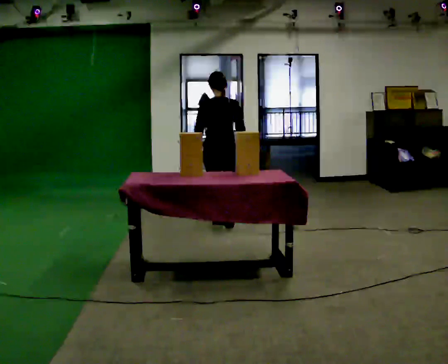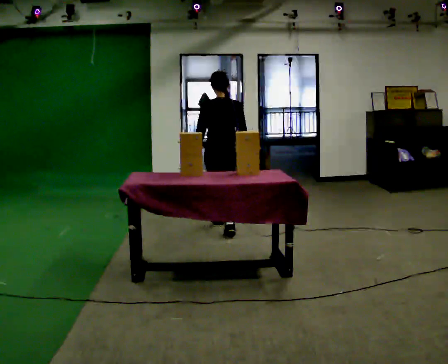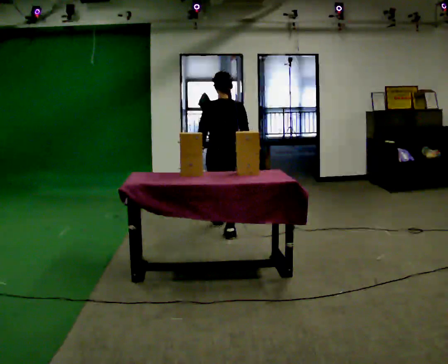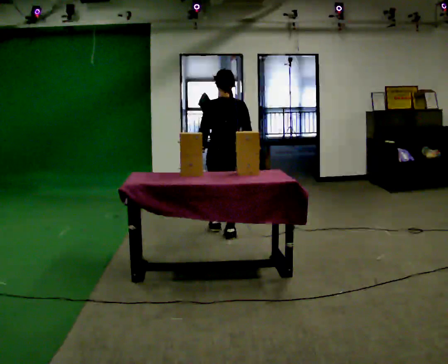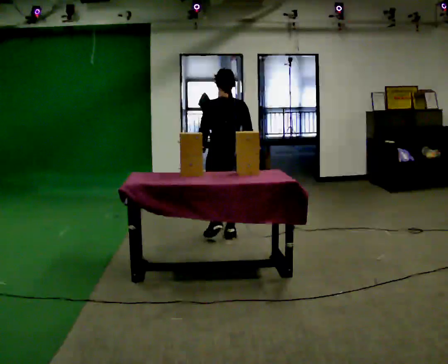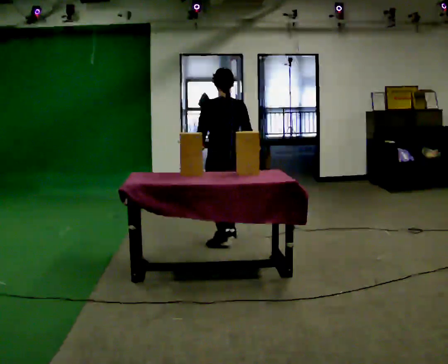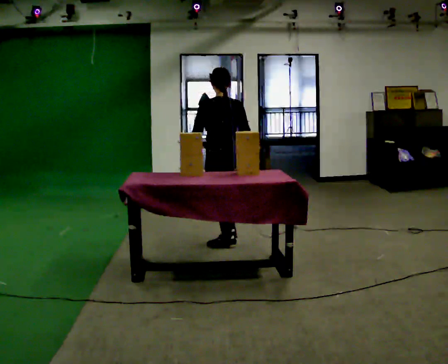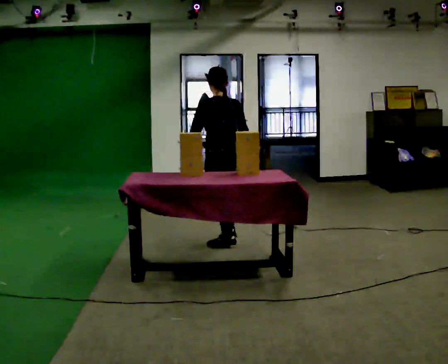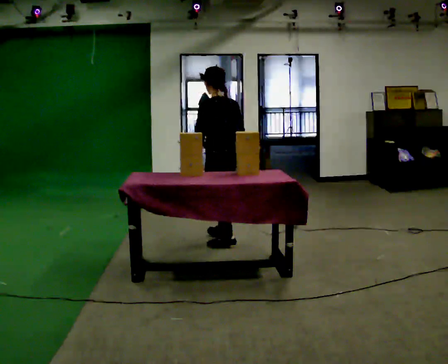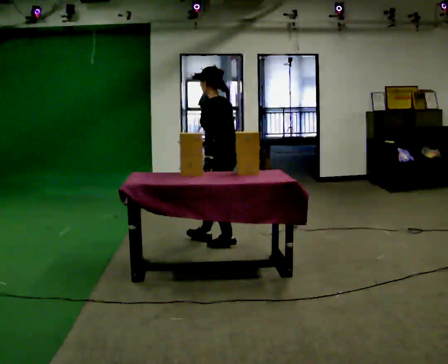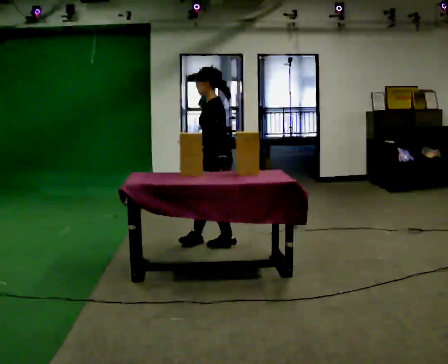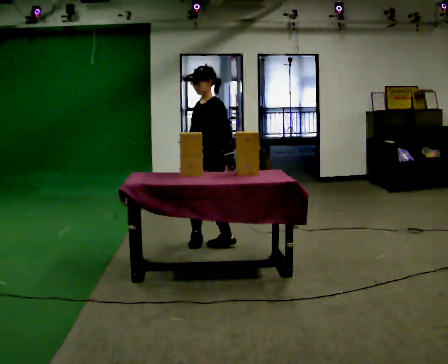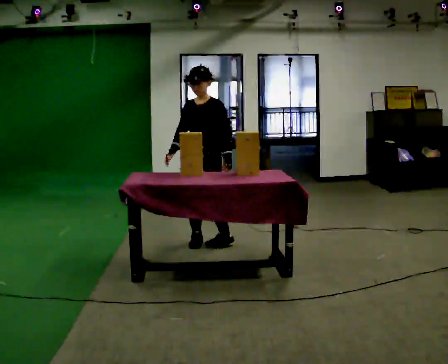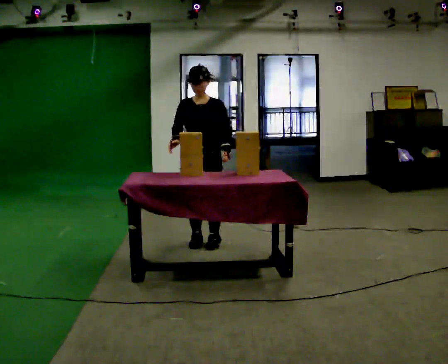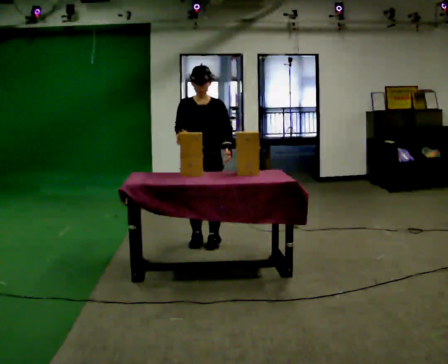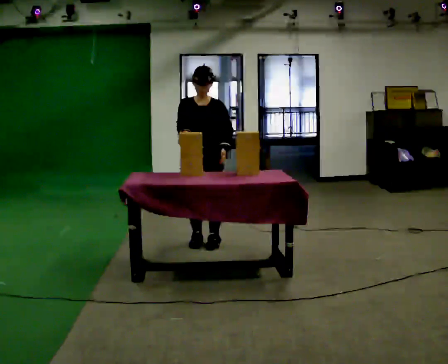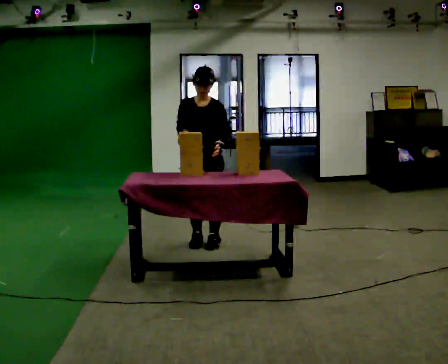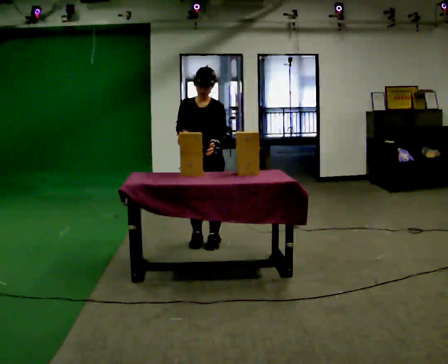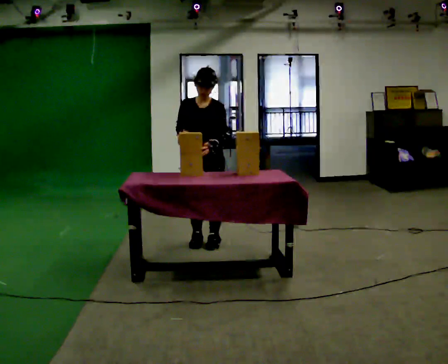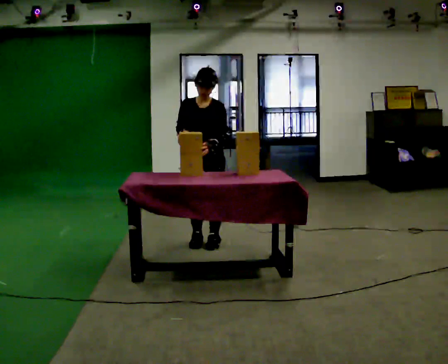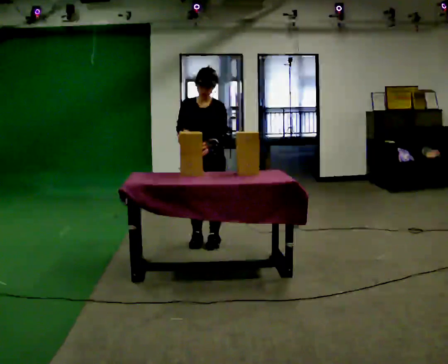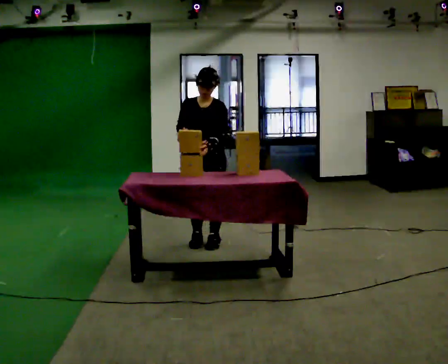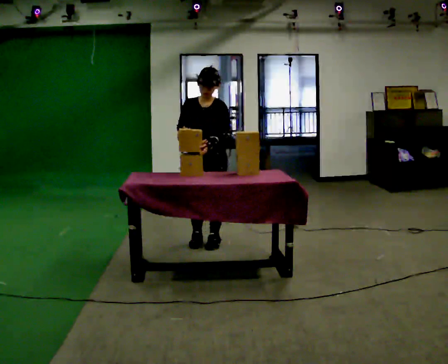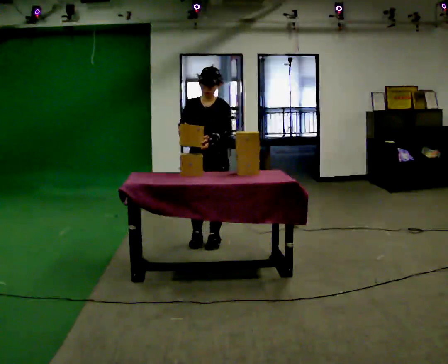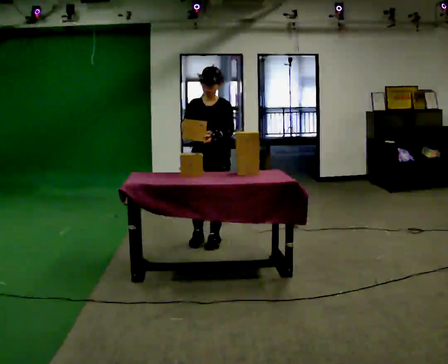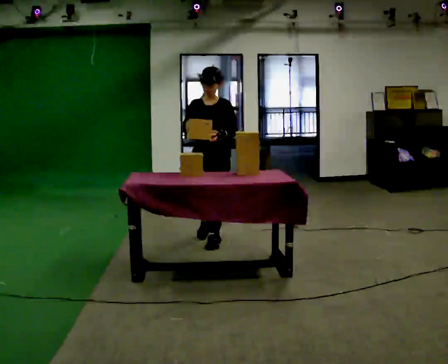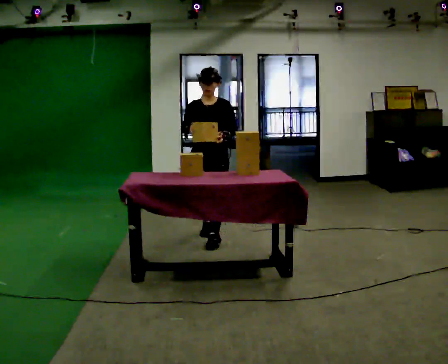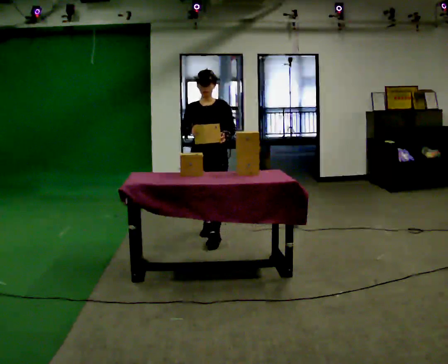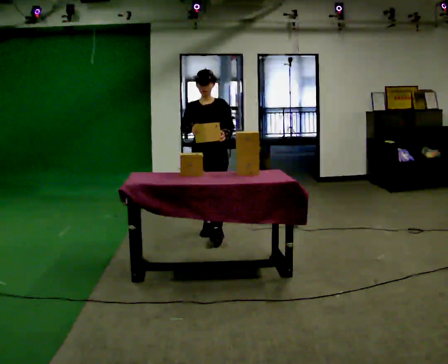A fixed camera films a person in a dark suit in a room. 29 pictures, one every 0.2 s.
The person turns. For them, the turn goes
to their left.
The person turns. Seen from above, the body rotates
counterclockwise.
0.0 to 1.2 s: Seen from above the body turns counterclockwise, about 30 degrees: to their left, with its near side sliding to the right. In the picture they go toward the camera, about 0.5 m in 1 step, which for them is backward.
1.2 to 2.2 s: Seen from above the body turns counterclockwise, about 90 degrees: to their left, with its near side sliding to the right. In the picture they go to the left, about 0.25 m in 1 step. In the picture their left hand goes to the right, the arm swinging counterclockwise.
2.2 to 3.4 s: The part of the body nearest the lens slides to the right as the person turns to their left by about 45 degrees.
3.4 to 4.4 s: The person moves a little, or ends about where they began.
4.4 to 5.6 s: In the picture they go away from the camera, about 0.25 m in 2 steps, which for them is backward. The upper body tips away from the camera, its near side rolling upward, as they lean back or straighten.
The film runs backward here.
